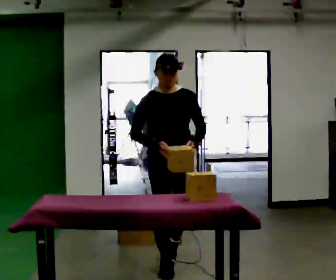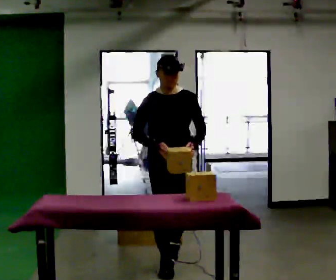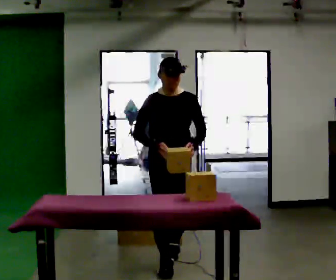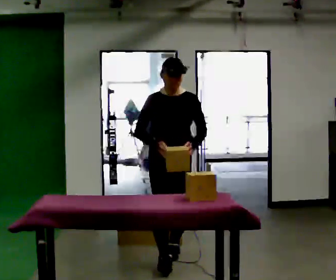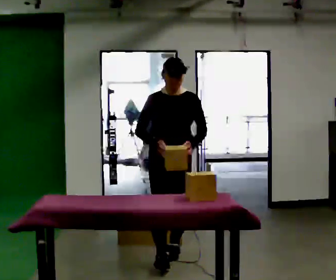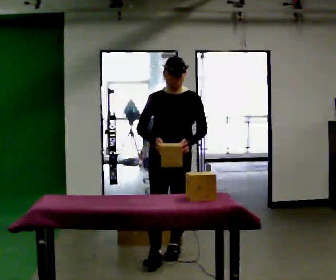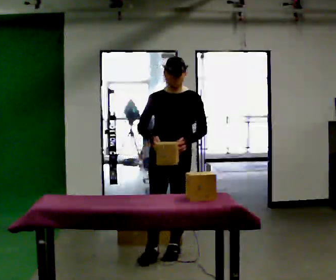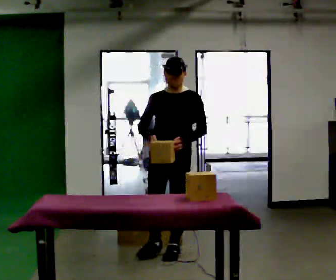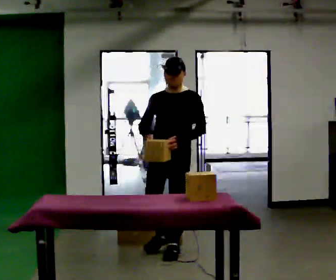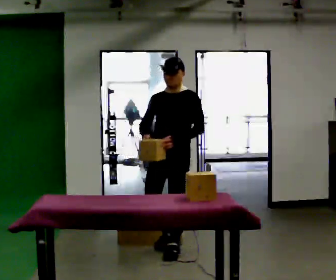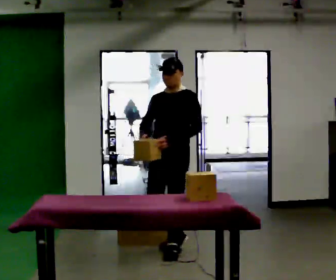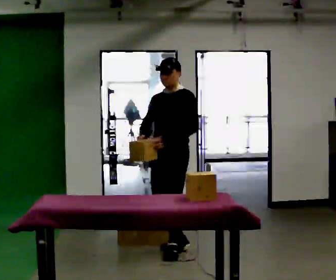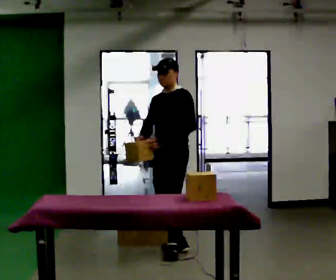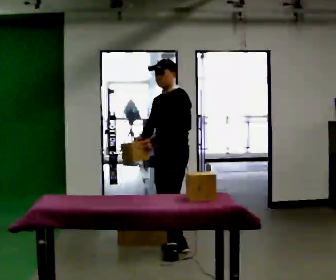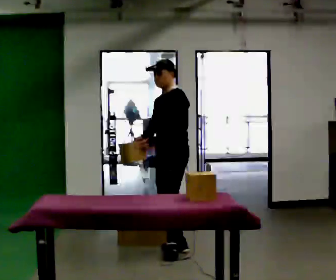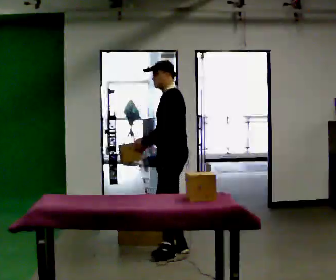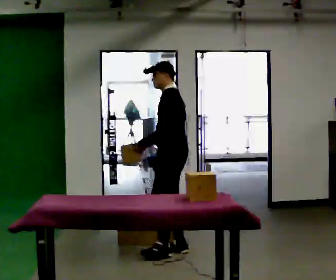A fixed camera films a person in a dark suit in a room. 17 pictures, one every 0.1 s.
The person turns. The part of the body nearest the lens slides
to the left.
The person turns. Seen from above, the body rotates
clockwise.
0.0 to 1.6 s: The person turns about 105 degrees to their right, clockwise seen from above, so the part of the body nearest the lens slides to the left. In the picture they go away from the camera, about 0.5 m in 2 steps.
The film runs backward here.
